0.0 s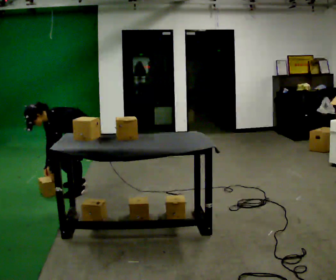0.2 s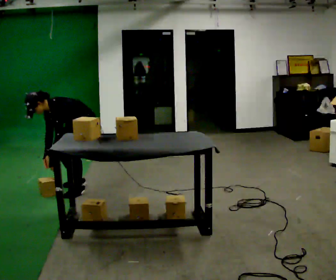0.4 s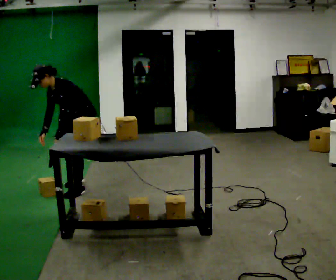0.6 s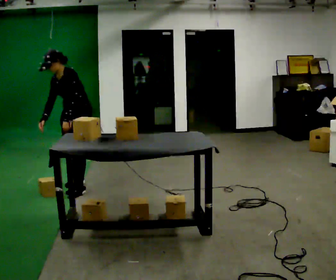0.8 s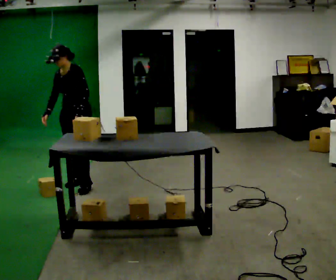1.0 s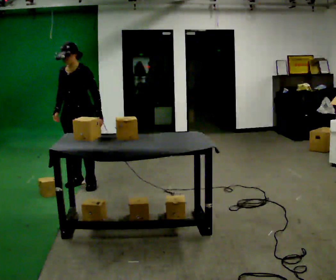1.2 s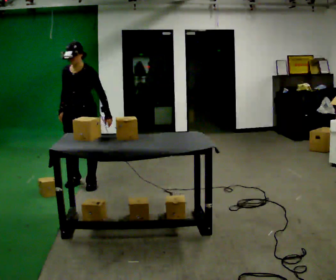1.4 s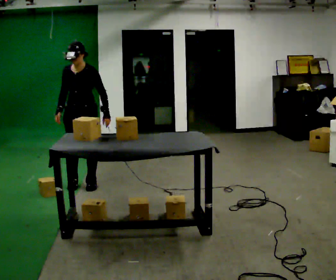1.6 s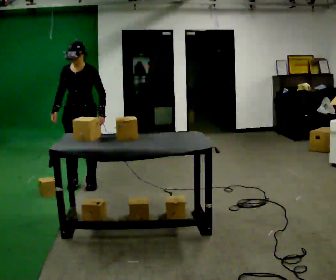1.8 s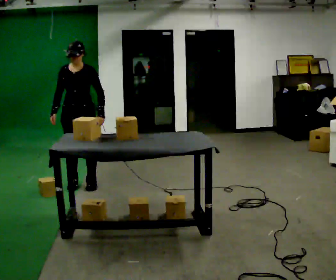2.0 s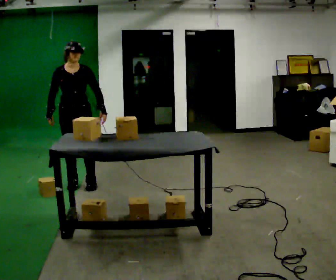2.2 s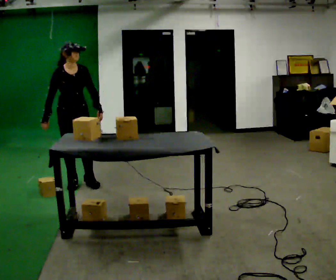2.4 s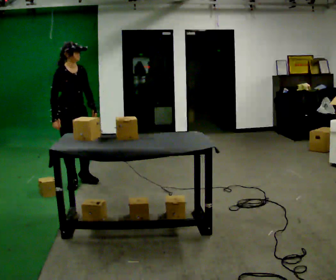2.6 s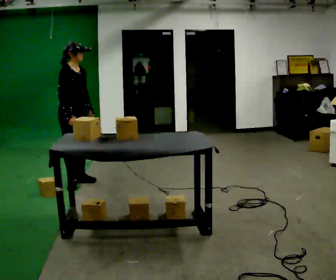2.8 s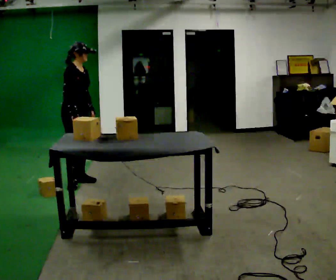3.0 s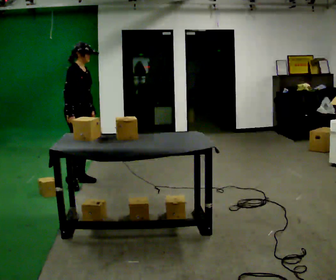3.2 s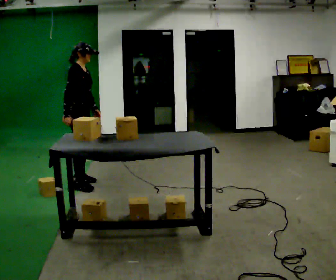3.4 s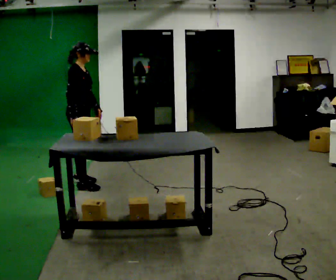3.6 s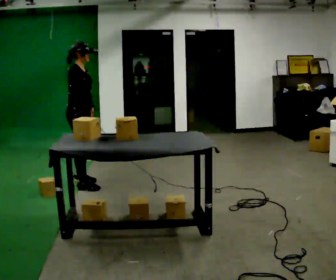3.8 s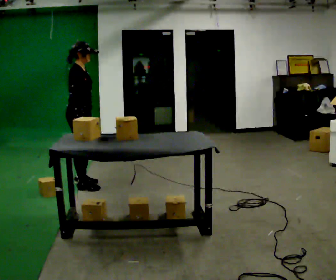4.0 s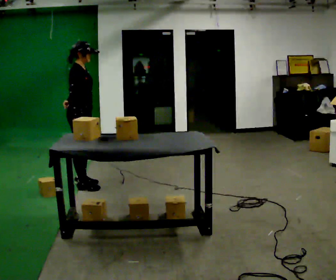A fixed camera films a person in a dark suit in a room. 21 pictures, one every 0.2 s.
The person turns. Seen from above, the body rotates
counterclockwise.
The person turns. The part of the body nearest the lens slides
to the right.
0.0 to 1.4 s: Seen from above the body turns counterclockwise, about 30 degrees: to their left, with its near side sliding to the right. The shoulders move upward. In the picture the upper body tilts clockwise, shoulders to the right, as they lean back or straighten. In the picture their left hand goes to the right and upward.
1.4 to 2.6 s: The person turns about 75 degrees to their left, counterclockwise seen from above, so the part of the body nearest the lens slides to the right.
2.6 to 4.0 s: The part of the body nearest the lens slides to the right as the person turns to their left by about 30 degrees.
The film runs forward here.
